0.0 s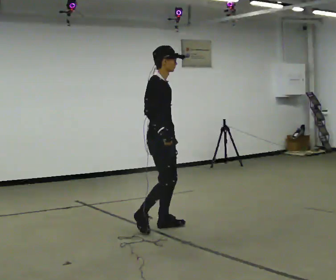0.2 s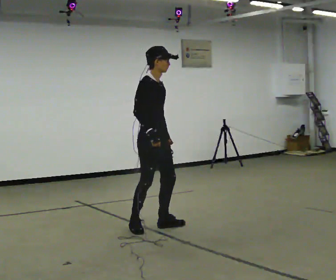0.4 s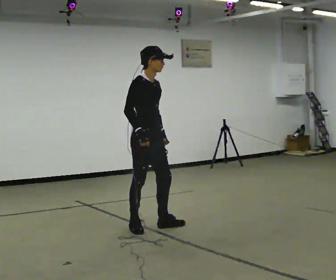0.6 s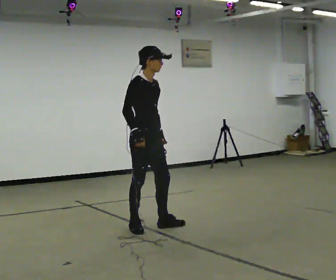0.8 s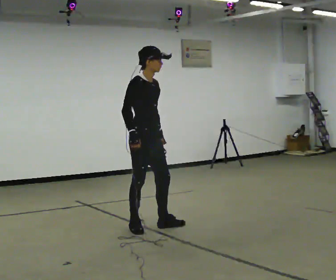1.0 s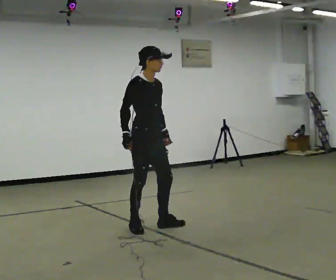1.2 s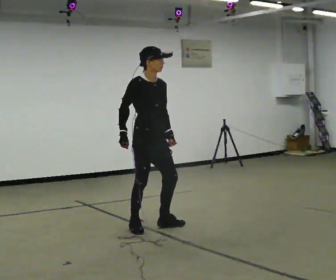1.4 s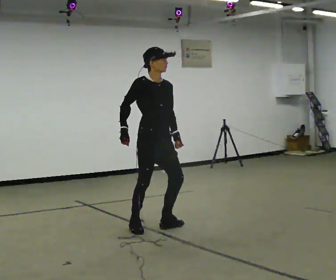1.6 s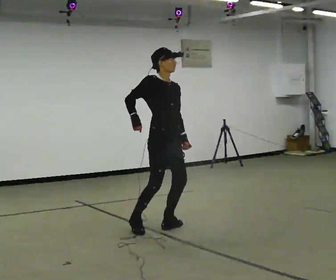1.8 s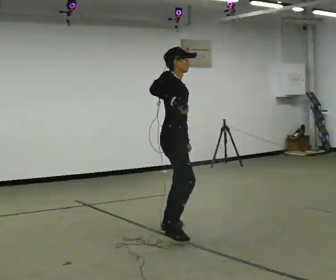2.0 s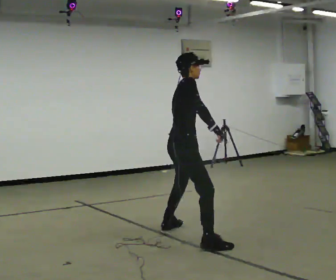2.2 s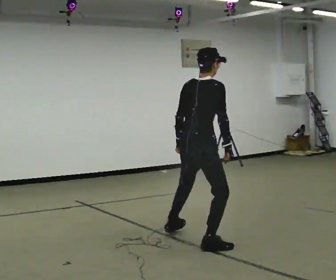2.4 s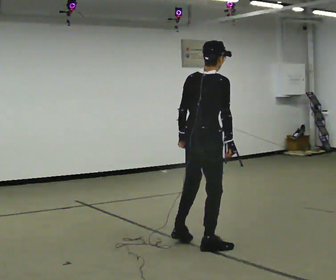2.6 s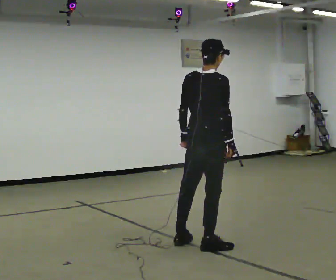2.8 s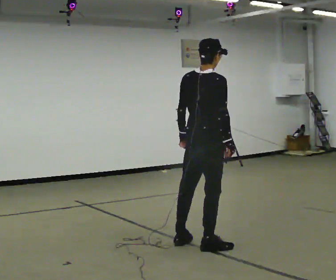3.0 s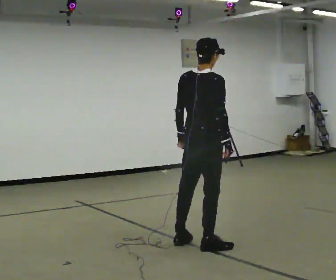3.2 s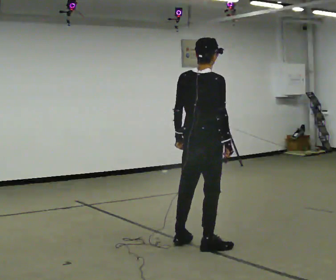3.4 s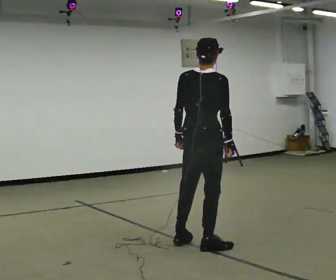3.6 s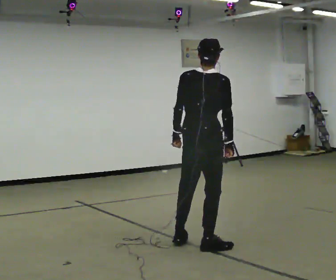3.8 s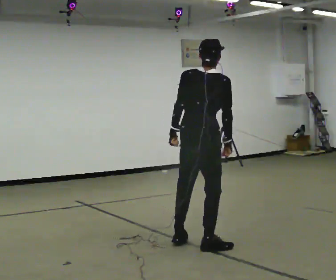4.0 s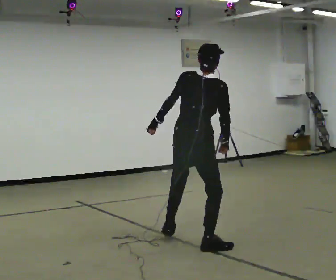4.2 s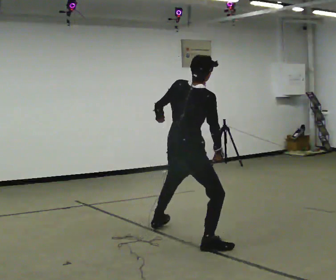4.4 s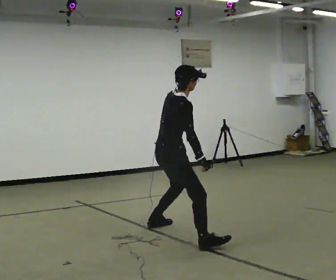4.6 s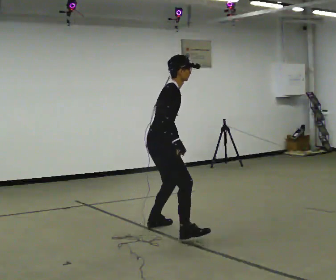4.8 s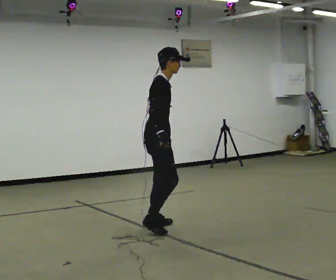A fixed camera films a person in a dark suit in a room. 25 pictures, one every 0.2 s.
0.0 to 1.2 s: In the picture their right hand goes to the left.
1.2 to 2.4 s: Seen from above the body turns counterclockwise, about 90 degrees: to their left, with its near side sliding to the right. In the picture they go to the right and toward the camera, about 0.5 m in 2 steps.
2.4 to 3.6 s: The person moves a little, or ends about where they began.
3.6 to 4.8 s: The part of the body nearest the lens slides to the left as the person turns to their right by about 60 degrees. In the picture they go away from the camera and to the left, about 1 m in 2 steps.
The film runs backward here.
